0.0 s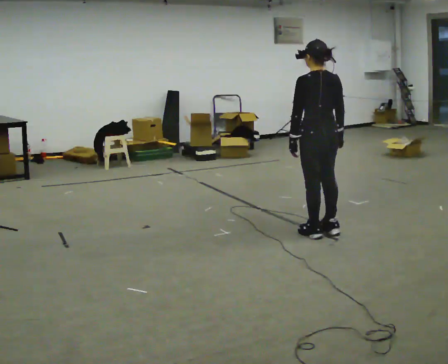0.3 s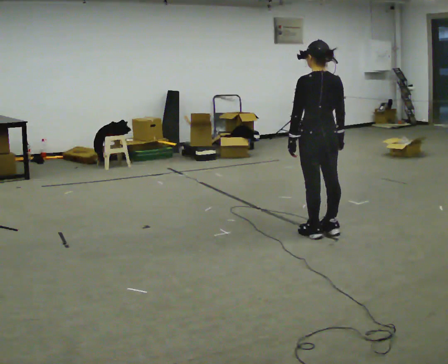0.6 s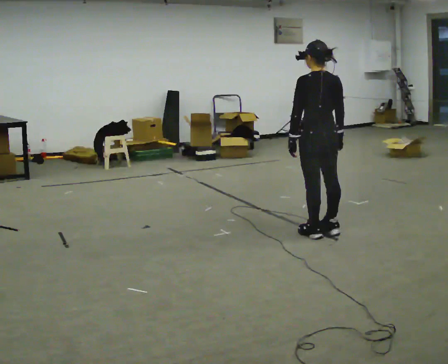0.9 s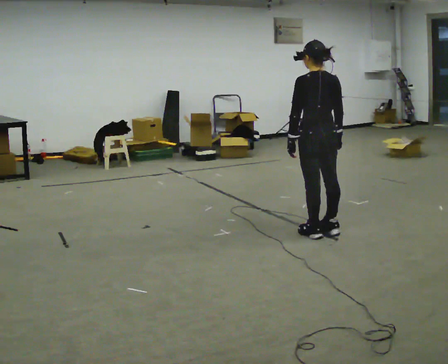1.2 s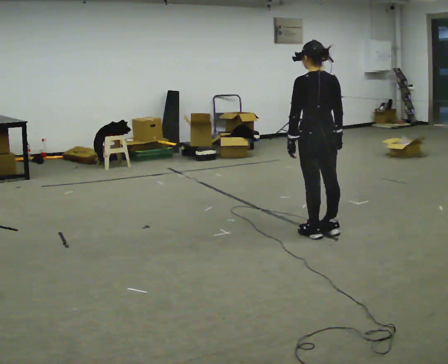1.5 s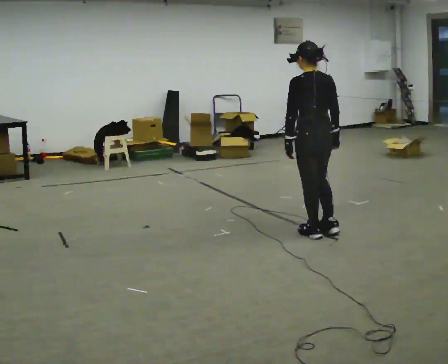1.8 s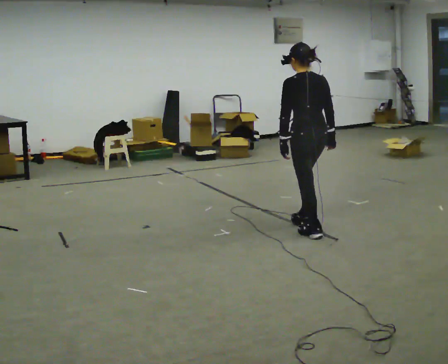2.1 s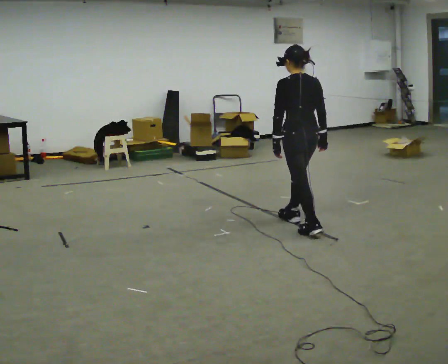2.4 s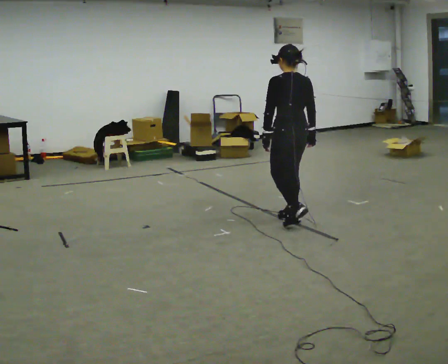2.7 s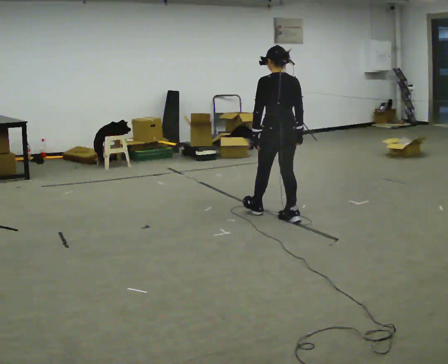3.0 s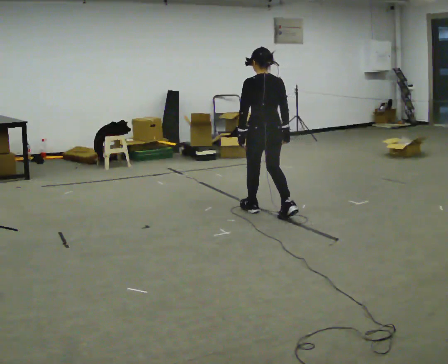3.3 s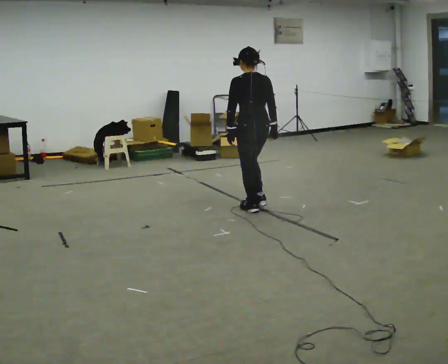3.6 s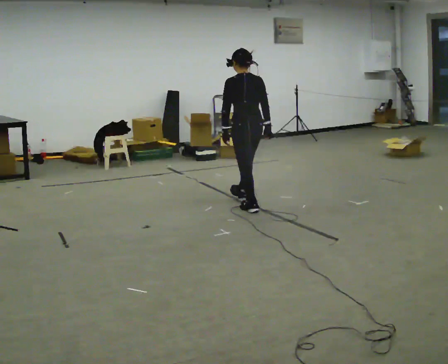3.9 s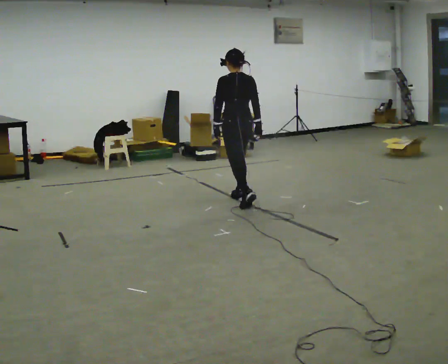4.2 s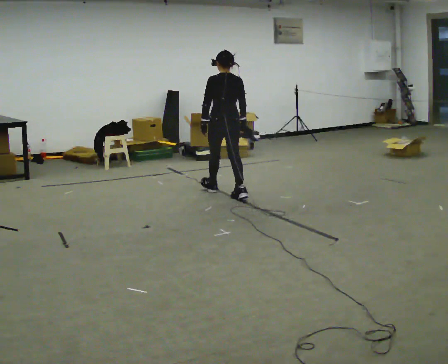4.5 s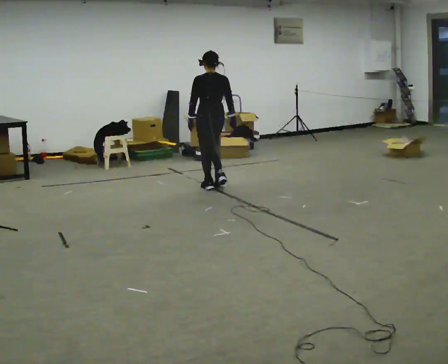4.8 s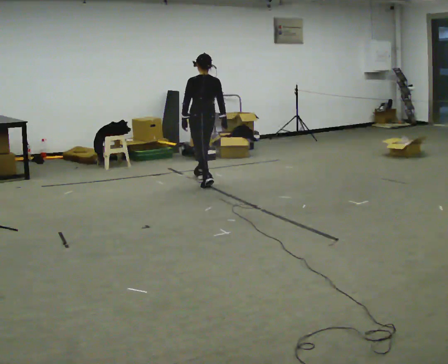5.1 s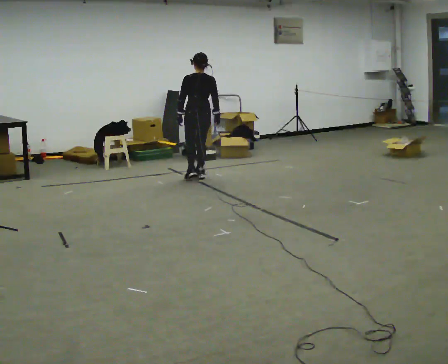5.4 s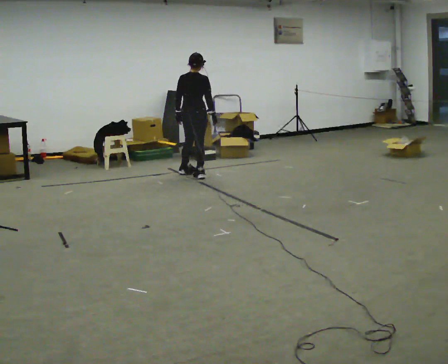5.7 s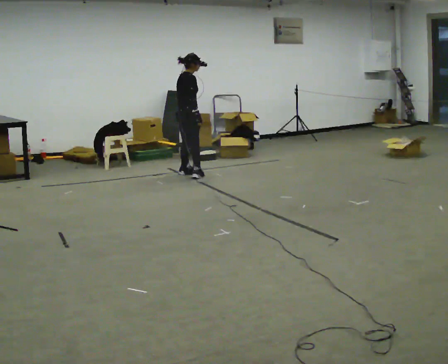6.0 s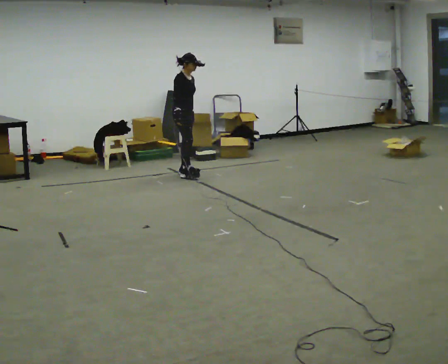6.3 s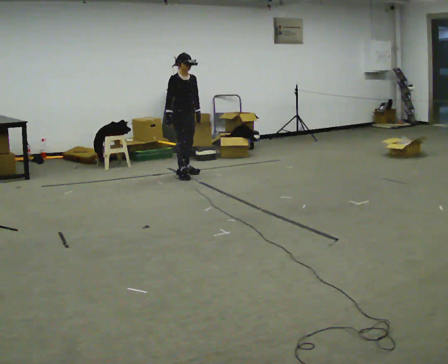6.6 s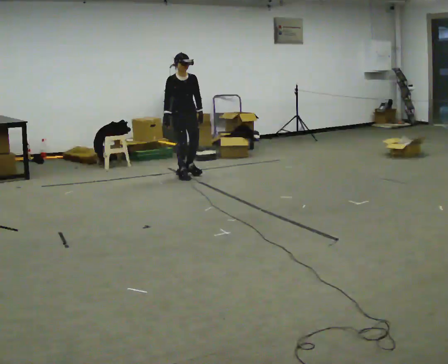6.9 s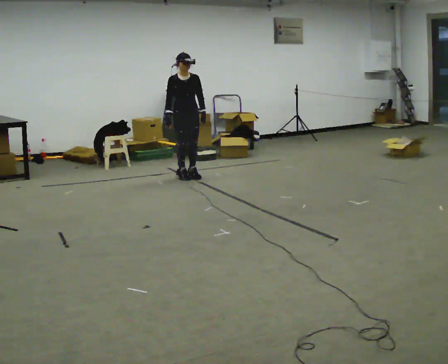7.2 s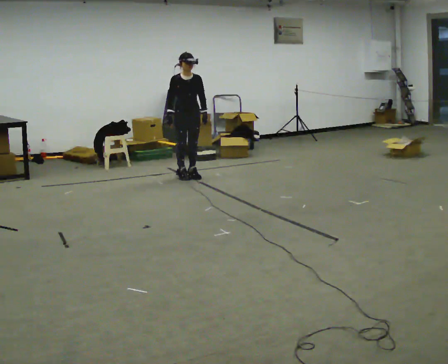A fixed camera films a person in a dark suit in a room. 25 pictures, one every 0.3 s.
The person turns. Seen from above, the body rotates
clockwise.
The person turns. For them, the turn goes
to their right.
0.0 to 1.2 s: The person keeps their place and pose.
1.2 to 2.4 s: In the picture they go away from the camera and to the left, about 0.5 m in 1 step, which for them is forward.
2.4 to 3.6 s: In the picture they go away from the camera and to the left, about 0.5 m in 2 steps, which for them is forward.
3.6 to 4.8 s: In the picture they go away from the camera and to the left, about 1 m in 2 steps, which for them is forward.
4.8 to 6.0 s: The part of the body nearest the lens slides to the left as the person turns to their right by about 135 degrees. In the picture they go away from the camera and to the left, about 0.5 m in 1 step.
6.0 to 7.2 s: The part of the body nearest the lens slides to the left as the person turns to their right by about 45 degrees.
The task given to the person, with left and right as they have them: Start still; gradually go slow → normal → fast; briefly maintain fast speed; stop.
The film runs forward here.
